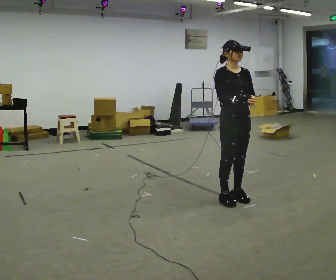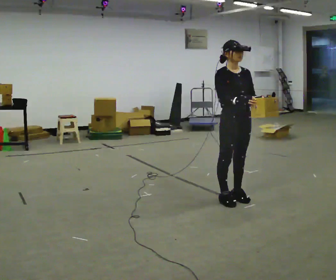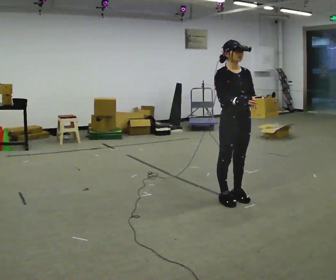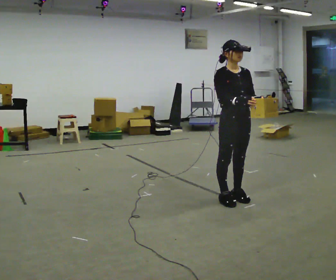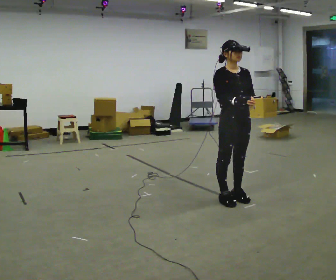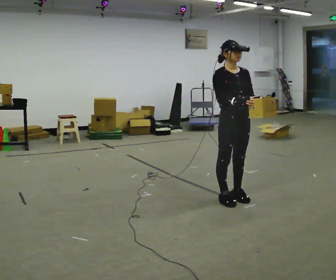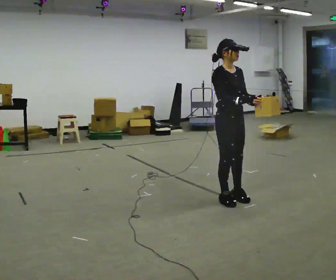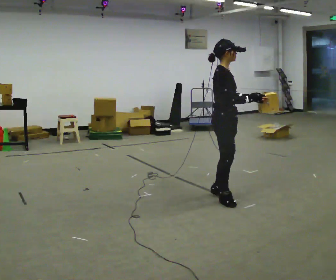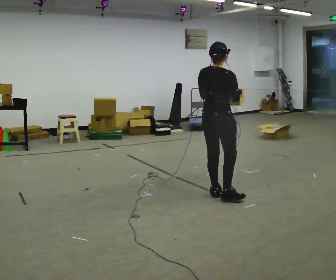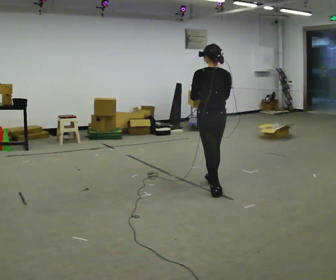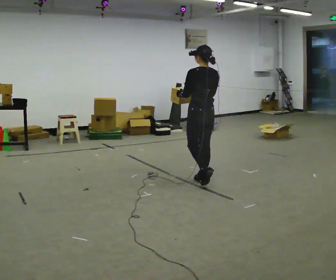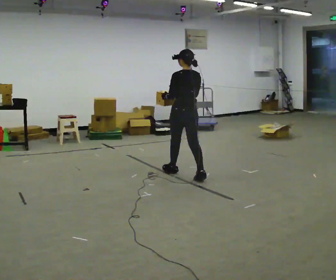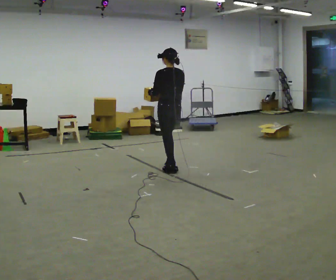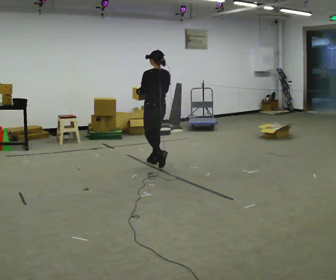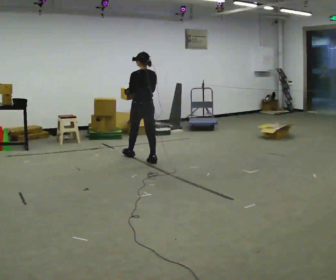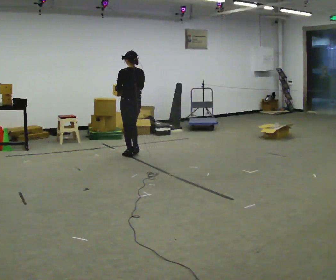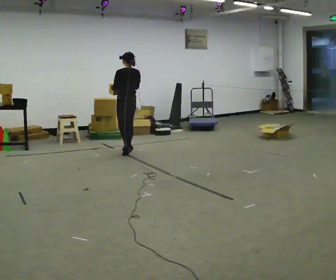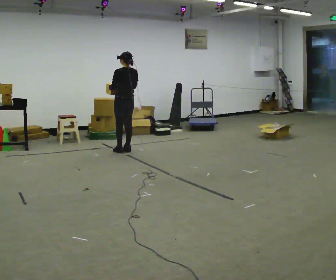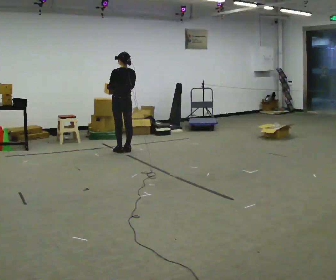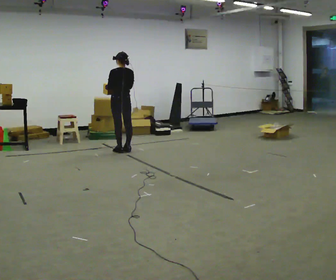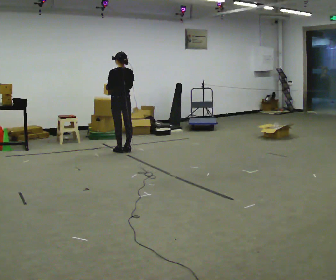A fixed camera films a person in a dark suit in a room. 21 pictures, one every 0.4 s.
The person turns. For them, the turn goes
to their left.
The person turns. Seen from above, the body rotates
counterclockwise.
0.0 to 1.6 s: The person keeps their place and pose.
1.6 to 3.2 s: Seen from above the body turns counterclockwise, about 120 degrees: to their left, with its near side sliding to the right. In the picture they go to the left and away from the camera, about 0.25 m in 1 step.
3.2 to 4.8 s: The part of the body nearest the lens slides to the right as the person turns to their left by about 75 degrees. In the picture they go away from the camera and to the left, about 1 m in 2 steps.
4.8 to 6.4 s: In the picture they go away from the camera and to the left, about 1 m in 3 steps, which for them is forward.
6.4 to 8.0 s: The person moves a little, or ends about where they began.
The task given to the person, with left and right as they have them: Carry the light box in both hands in front of you, walking back and forth across the room. Keep walking until the operator says stop.
The film runs forward here.
